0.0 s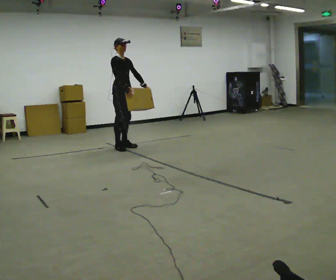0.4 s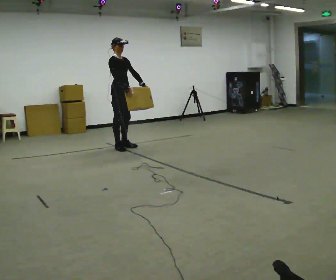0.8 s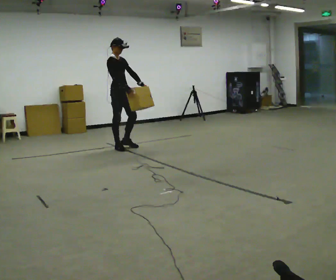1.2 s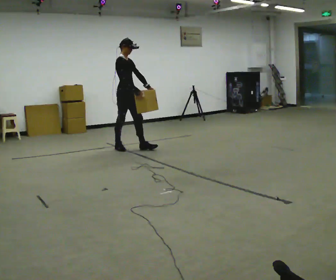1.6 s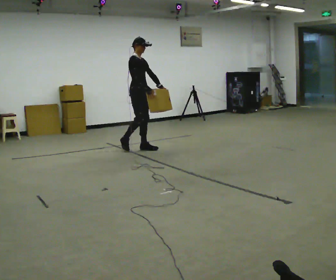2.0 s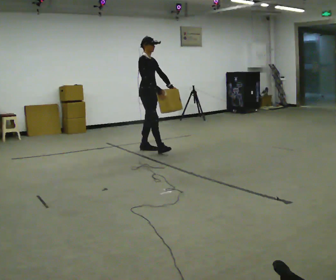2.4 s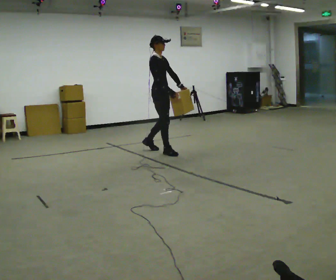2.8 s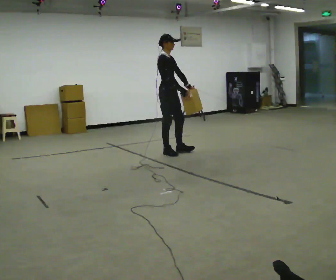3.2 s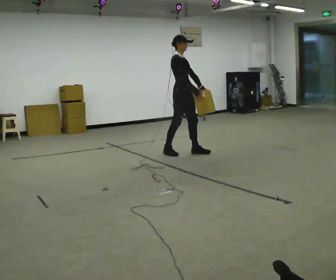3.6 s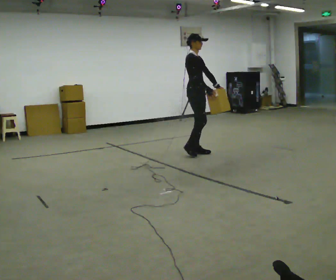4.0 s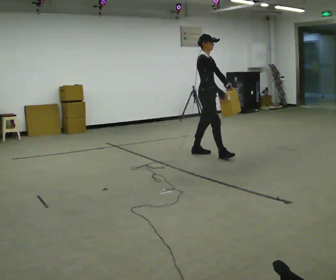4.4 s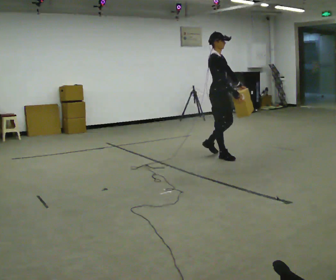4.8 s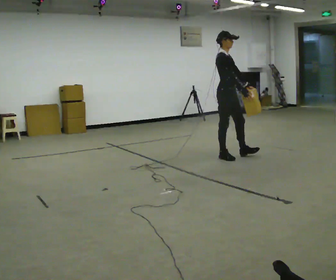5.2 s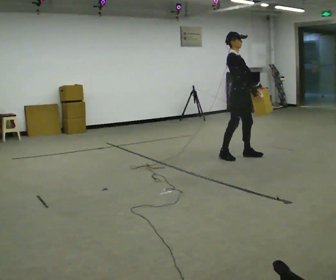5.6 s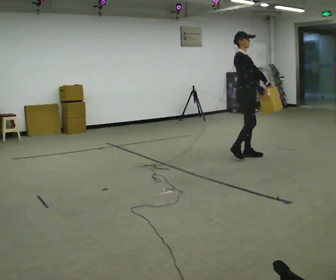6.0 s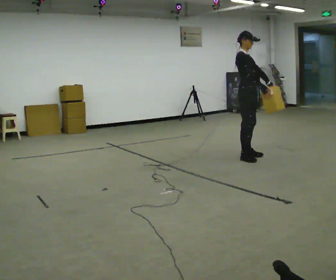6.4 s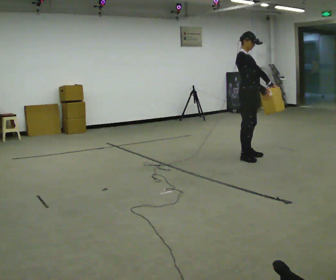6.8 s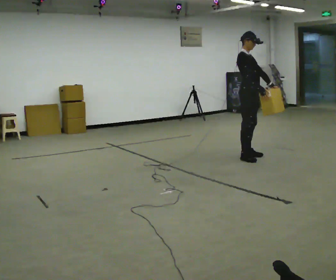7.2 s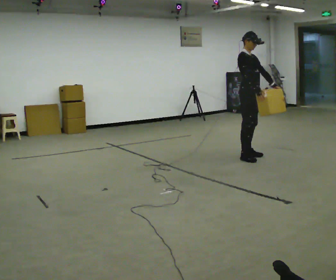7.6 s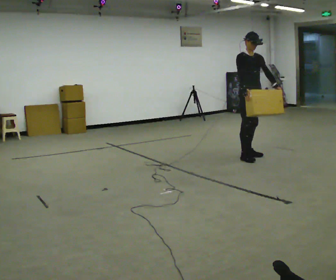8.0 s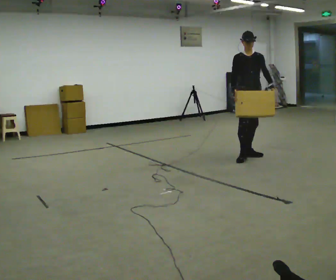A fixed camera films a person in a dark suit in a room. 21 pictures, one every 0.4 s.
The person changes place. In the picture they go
to the right.
0.0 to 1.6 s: In the picture they go to the right, about 0.25 m in 1 step, which for them is forward.
1.6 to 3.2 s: In the picture they go to the right and toward the camera, about 0.5 m in 2 steps, which for them is forward.
3.2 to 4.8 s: In the picture they go to the right and toward the camera, about 0.75 m in 1 step, which for them is forward.
4.8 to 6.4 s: In the picture they go to the right, about 0.25 m in 2 steps, which for them is forward.
6.4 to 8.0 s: Seen from above the body turns clockwise, about 60 degrees: to their right, with its near side sliding to the left. In the picture their right hand goes to the left, the arm swinging clockwise.
The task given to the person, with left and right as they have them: Carry the medium box in both hands in front of you, walking back and forth across the room. Keep walking until the operator says stop.
The film runs forward here.
